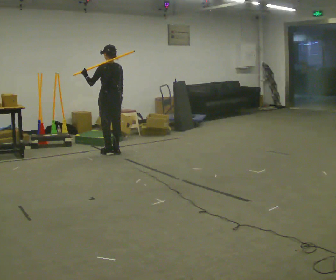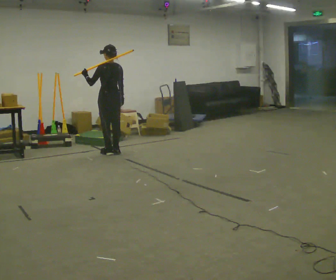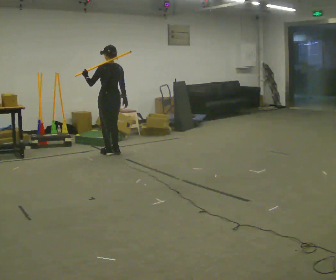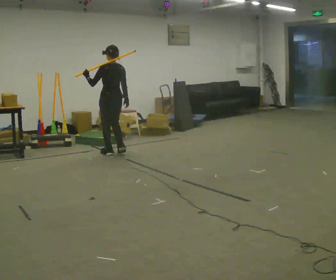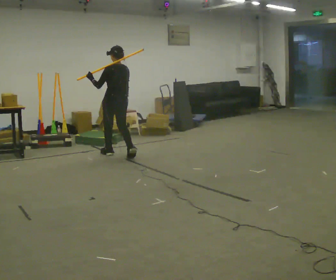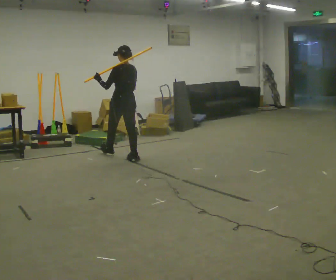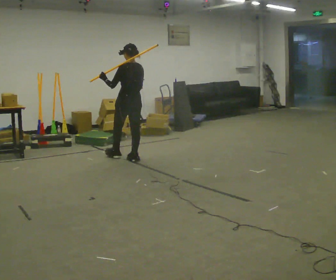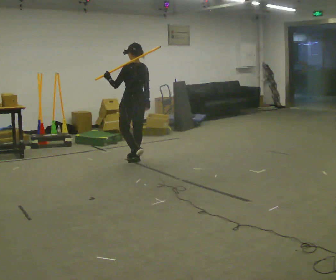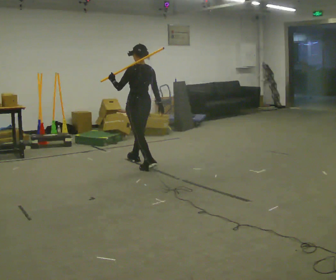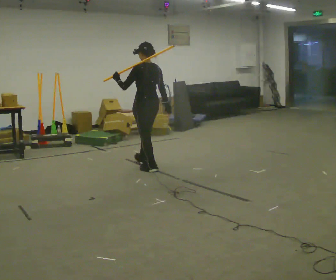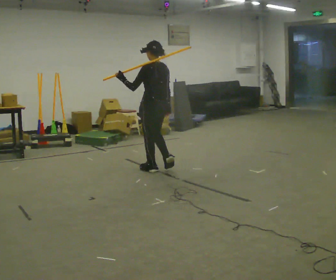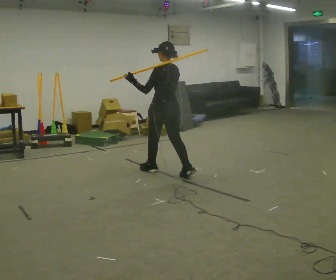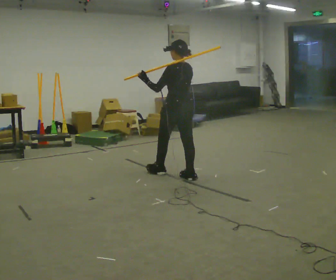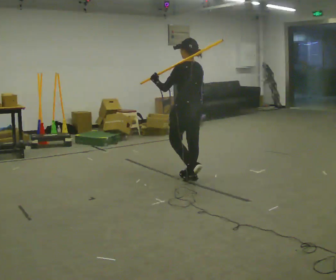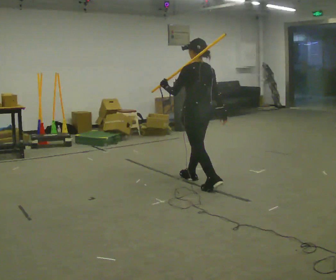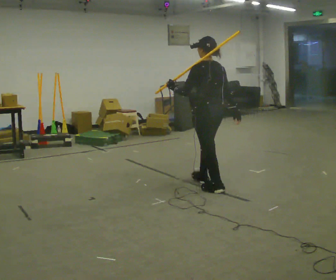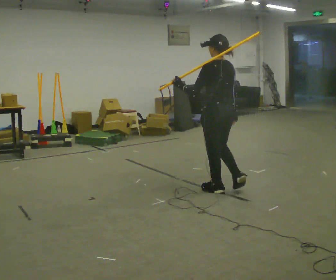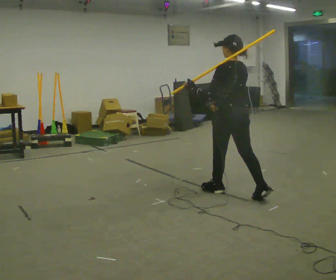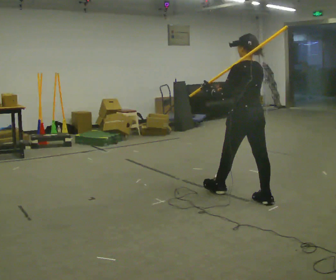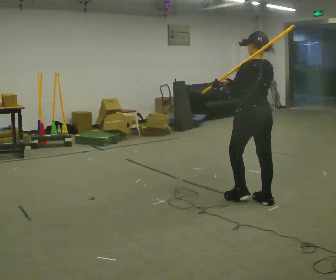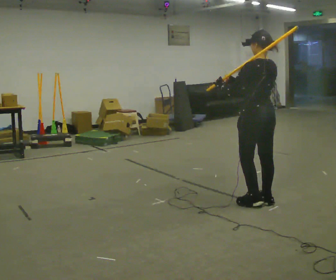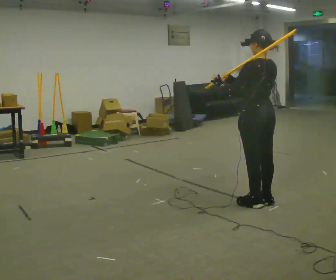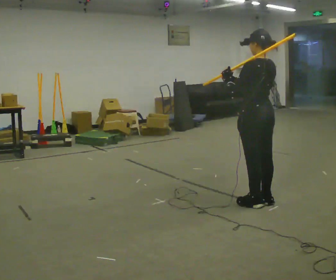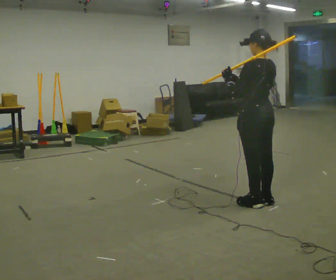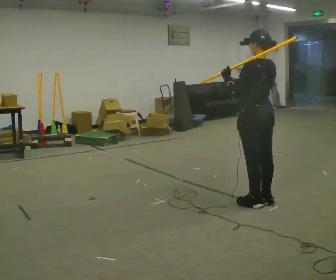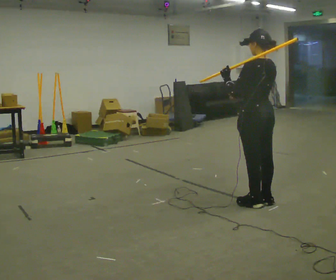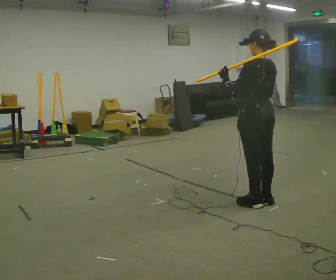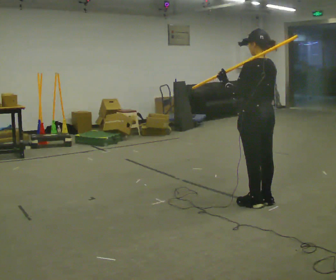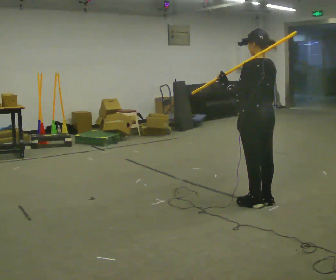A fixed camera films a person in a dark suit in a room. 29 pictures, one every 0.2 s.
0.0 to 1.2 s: In the picture they go toward the camera and to the right, about 0.5 m in 2 steps, which for them is backward.
1.2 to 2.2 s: In the picture they go toward the camera and to the right, about 1 m in 1 step, which for them is backward.
2.2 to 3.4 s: In the picture they go toward the camera and to the right, about 1 m in 2 steps, which for them is backward.
3.4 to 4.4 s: In the picture they go toward the camera and to the right, about 0.25 m in 1 step, which for them is backward.
4.4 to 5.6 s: In the picture their right hand goes to the right and downward.
The film runs backward here.
